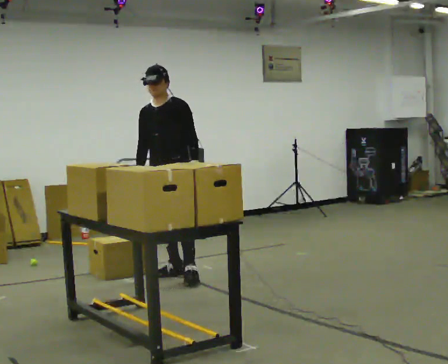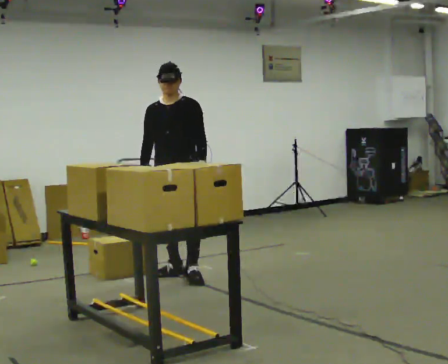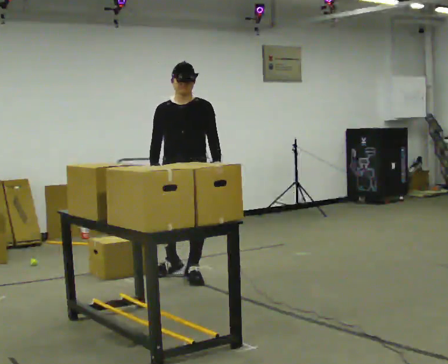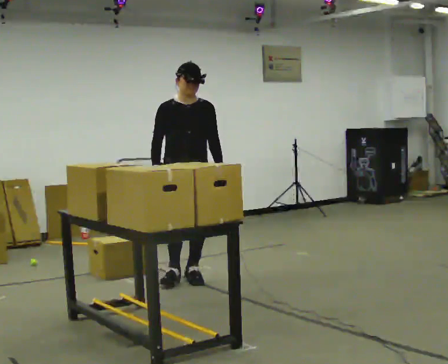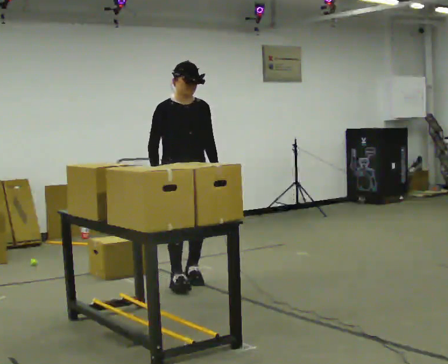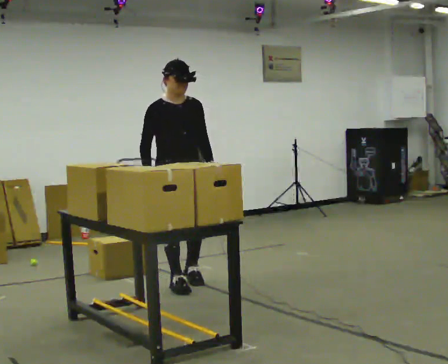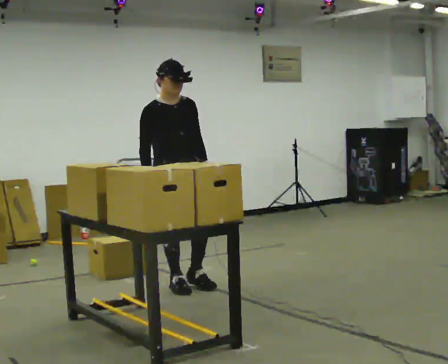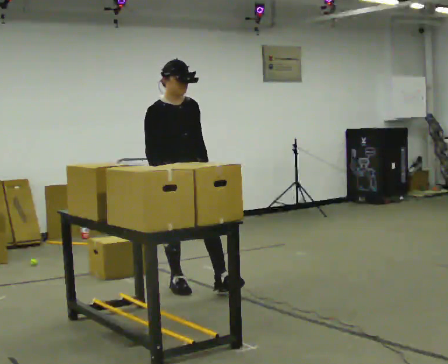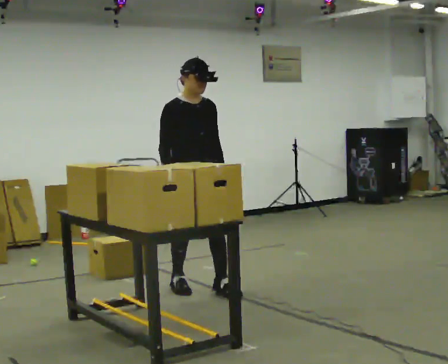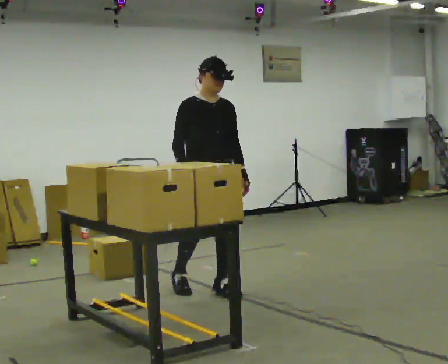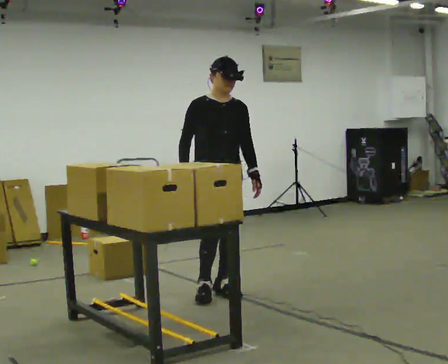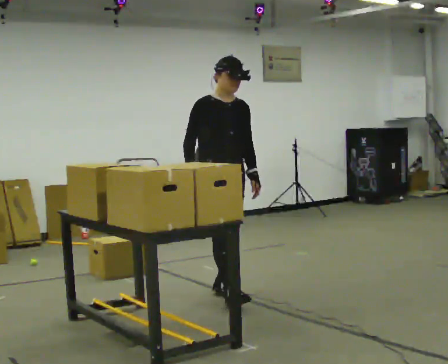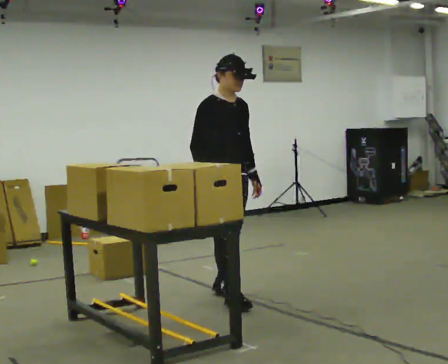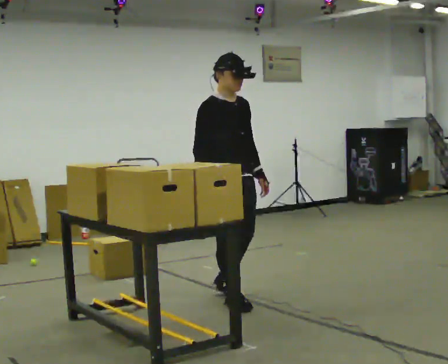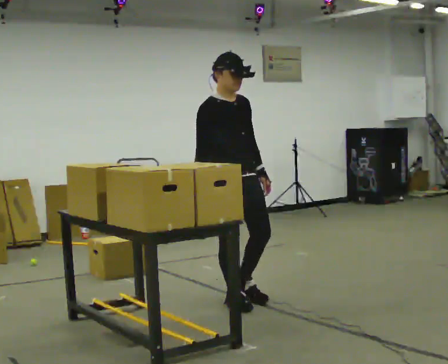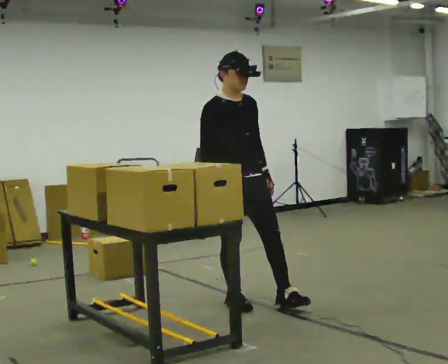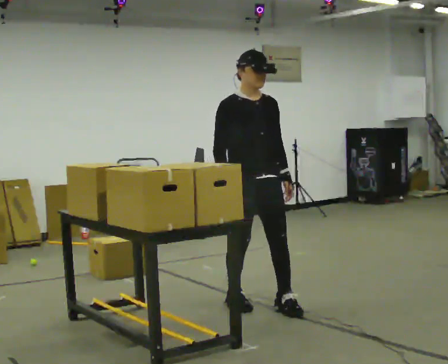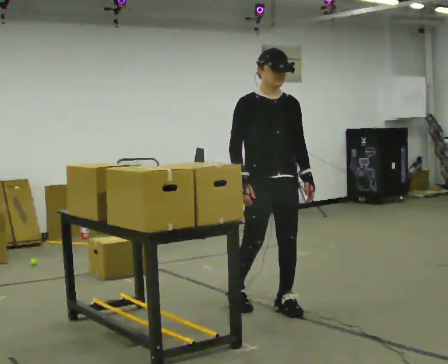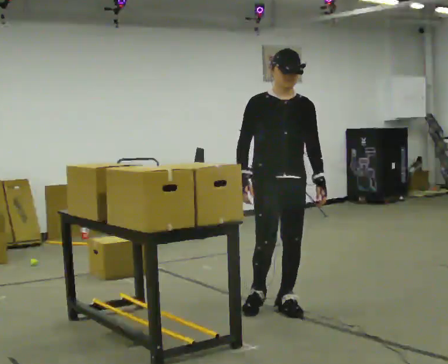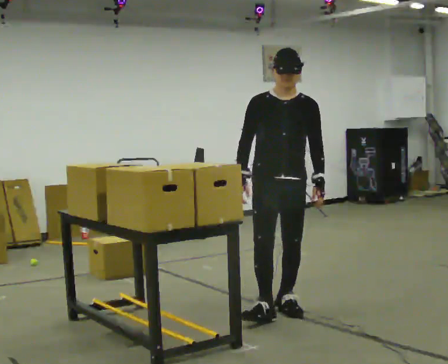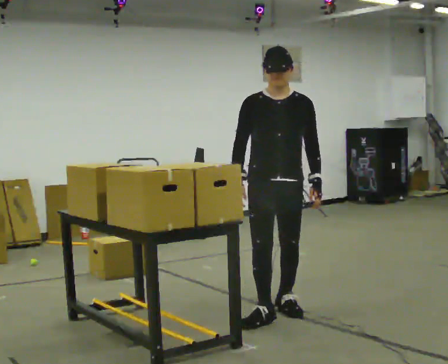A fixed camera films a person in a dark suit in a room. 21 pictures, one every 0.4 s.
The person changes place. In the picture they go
toward the camera.
0.0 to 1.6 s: Seen from above the body turns counterclockwise, about 60 degrees: to their left, with its near side sliding to the right. In the picture they go toward the camera, about 0.25 m in 2 steps, which for them is forward.
1.6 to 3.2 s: In the picture they go toward the camera, about 0.25 m in 1 step, which for them is forward.
3.2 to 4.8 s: In the picture they go to the right and toward the camera, about 0.25 m in 1 step, which for them is forward and to their left.
4.8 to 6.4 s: In the picture they go toward the camera and to the right, about 0.25 m in 1 step, which for them is forward.
6.4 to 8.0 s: The person turns about 30 degrees to their right, clockwise seen from above, so the part of the body nearest the lens slides to the left. In the picture they go to the right and toward the camera, about 0.25 m in 1 step, which for them is forward and to their left.
The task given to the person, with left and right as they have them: Take an object off the waist-height shelf, carry it across the room, and set it down on the floor. Keep going until the operator says stop; one object at a time, and do not rush between trips.
The film runs forward here.
